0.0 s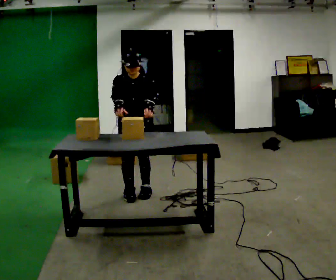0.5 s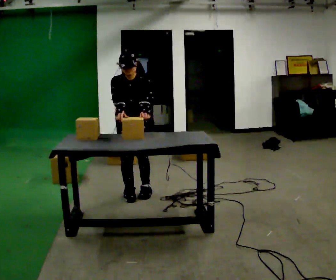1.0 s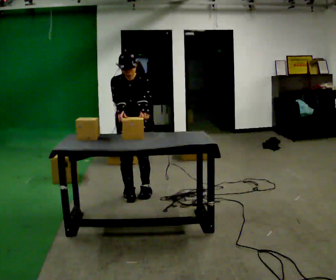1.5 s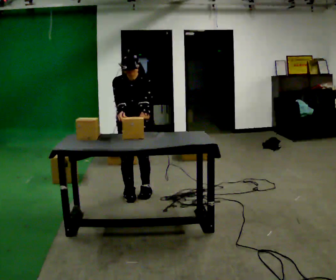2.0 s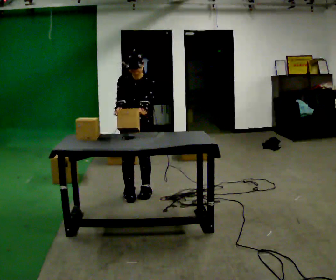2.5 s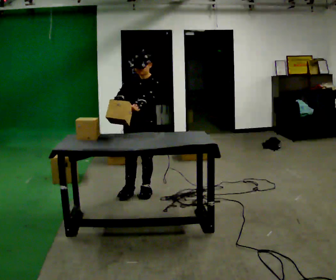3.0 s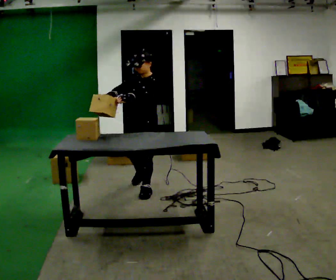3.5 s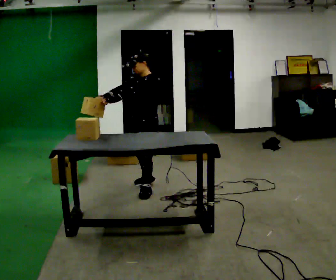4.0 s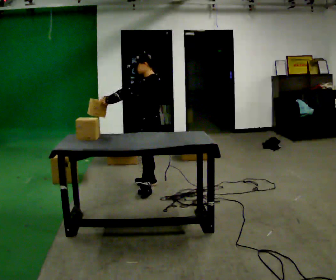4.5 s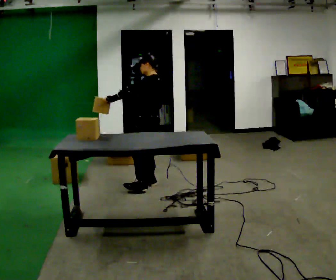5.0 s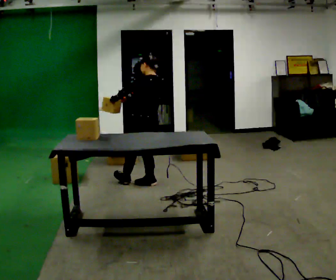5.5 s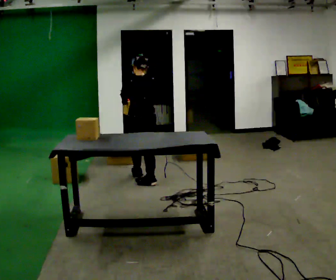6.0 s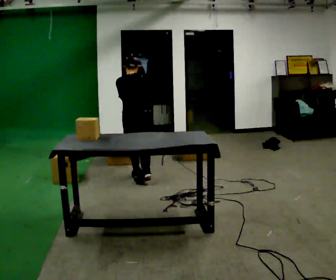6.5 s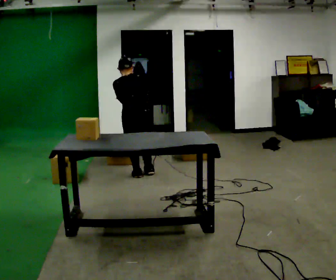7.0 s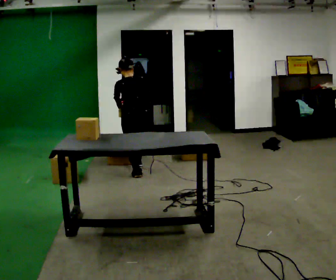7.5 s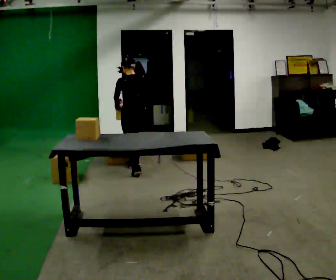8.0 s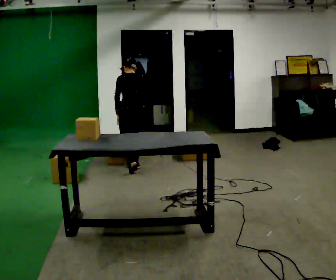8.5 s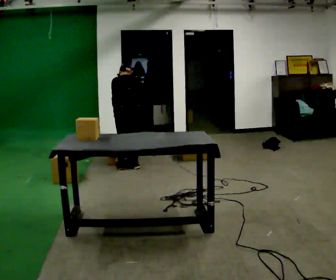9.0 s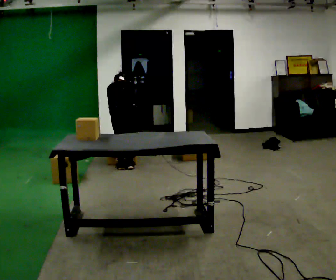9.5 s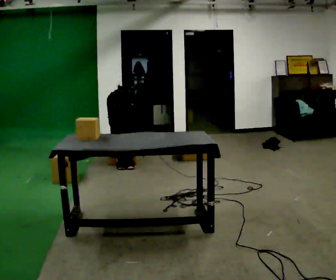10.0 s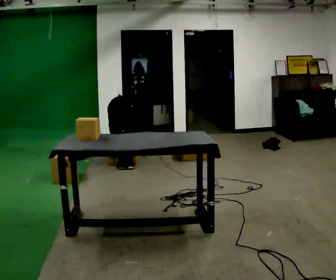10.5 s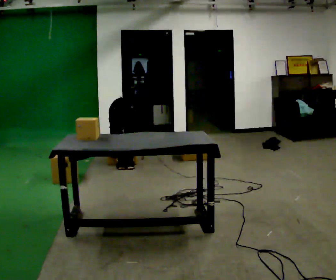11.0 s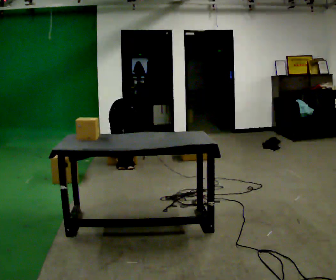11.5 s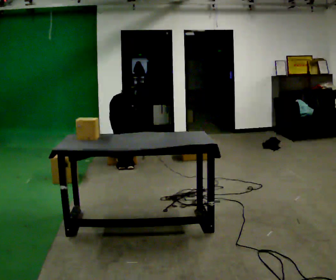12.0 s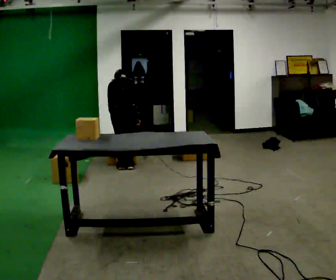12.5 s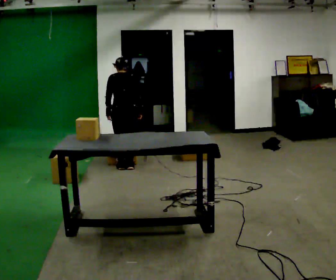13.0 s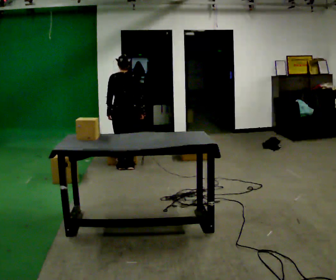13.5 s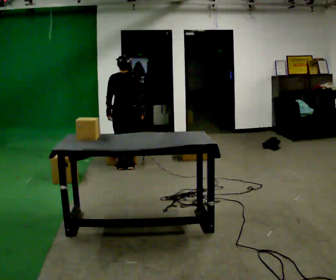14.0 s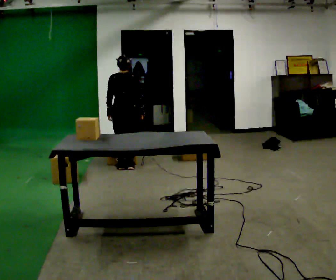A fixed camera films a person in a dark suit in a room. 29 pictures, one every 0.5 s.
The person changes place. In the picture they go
away from the camera.
0.0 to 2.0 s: The person moves a little, or ends about where they began.
2.0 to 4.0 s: The person turns about 75 degrees to their right, clockwise seen from above, so the part of the body nearest the lens slides to the left. In the picture they go away from the camera, about 0.25 m in 1 step.
4.0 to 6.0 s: Seen from above the body turns clockwise, about 105 degrees: to their right, with its near side sliding to the left. In the picture they go away from the camera and to the left, about 0.5 m in 1 step.
6.0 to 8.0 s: Seen from above the body turns counterclockwise, about 30 degrees: to their left, with its near side sliding to the right. In the picture they go away from the camera, about 0.5 m in 1 step, which for them is forward.
8.0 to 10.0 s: The shoulders move downward. The upper body tips away from the camera, its near side rolling upward, as they bend forward. In the picture their right hand goes downward.
10.0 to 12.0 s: The shoulders move upward. The upper body tips toward the camera, its near side rolling downward, as they lean back or straighten.
12.0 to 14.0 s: The upper body tips toward the camera, its near side rolling downward, as they lean back or straighten.
The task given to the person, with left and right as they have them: Take each object from the table and put it in the bin that matches it, walking between the bins. Keep going until the operator says stop; one object at a time, and do not rush between trips.
The film runs forward here.
